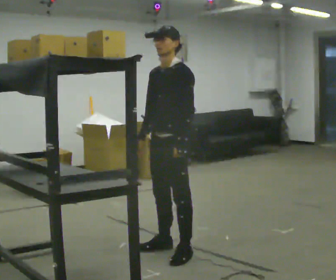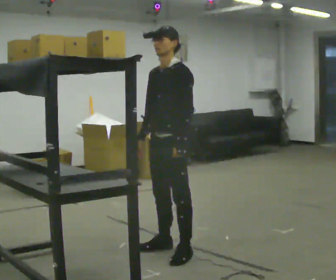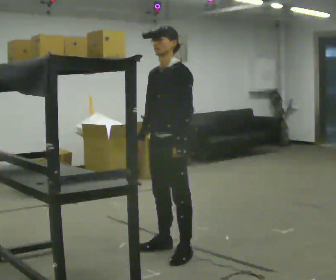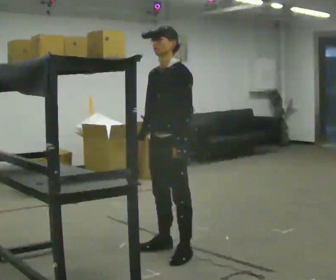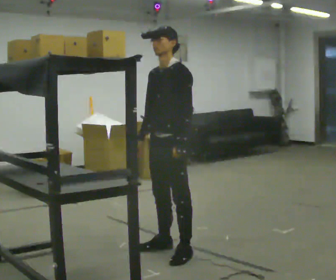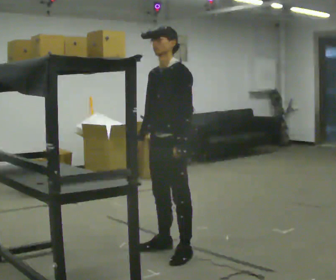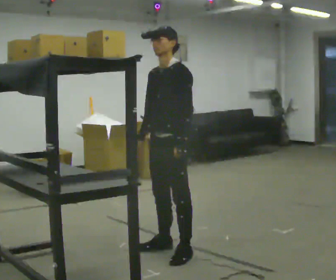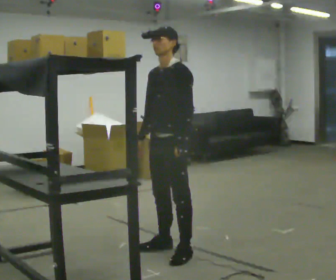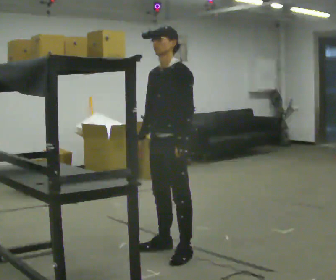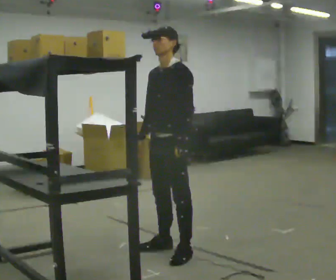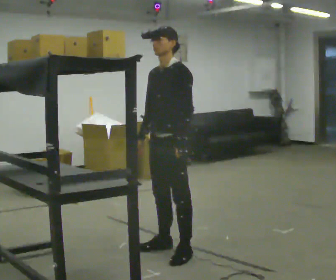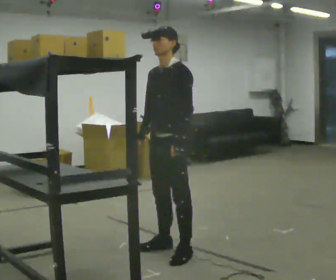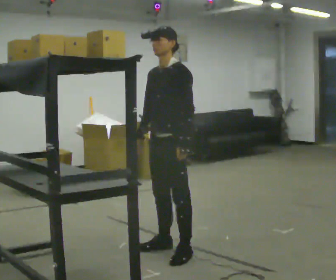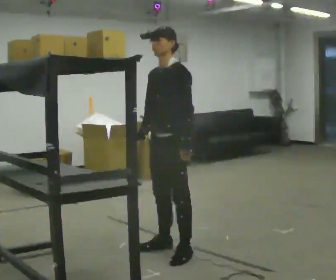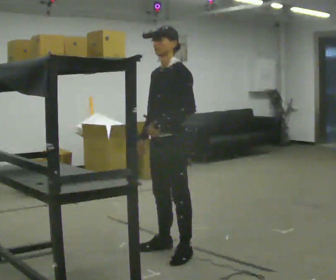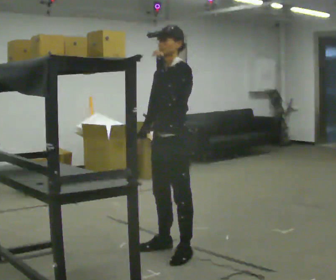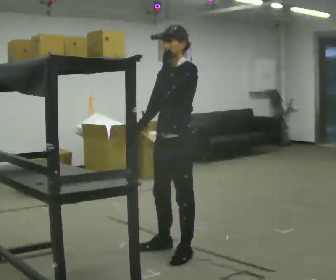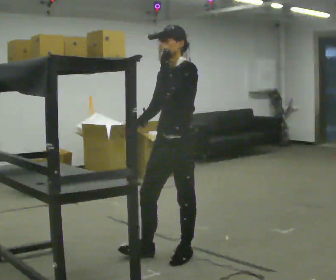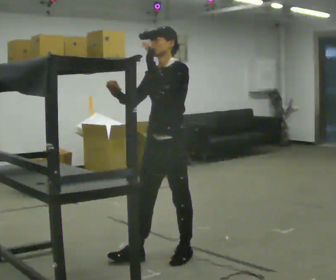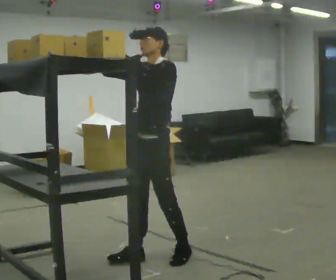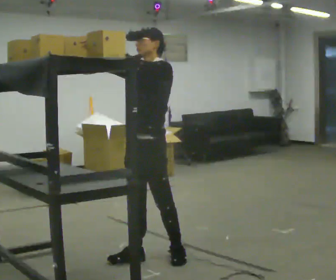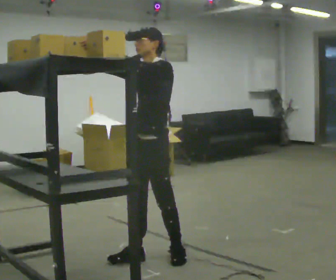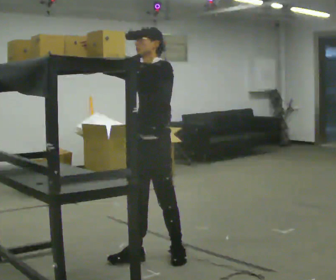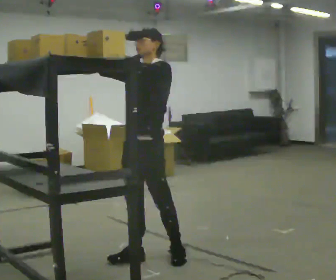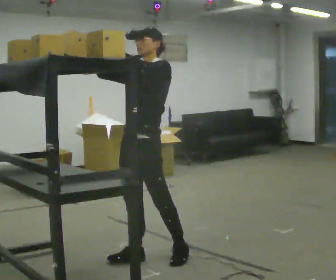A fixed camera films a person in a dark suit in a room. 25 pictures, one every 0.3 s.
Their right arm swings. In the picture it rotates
clockwise.
Their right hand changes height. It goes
upward.
0.0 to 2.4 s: The person keeps their place and pose.
2.4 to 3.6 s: The person moves a little, or ends about where they began.
3.6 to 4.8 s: In the picture their left hand goes upward.
4.8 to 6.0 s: In the picture they go to the left, about 0.25 m in 1 step, which for them is forward. In the picture their right hand goes upward and to the left, the arm swinging clockwise.
6.0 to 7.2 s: The person moves a little, or ends about where they began.
The film runs backward here.
